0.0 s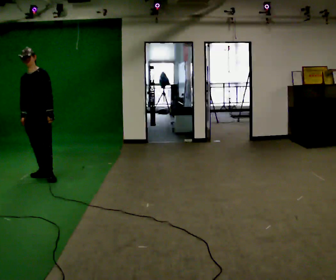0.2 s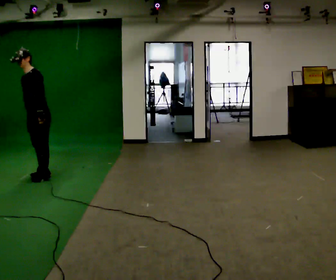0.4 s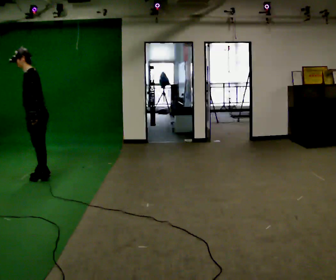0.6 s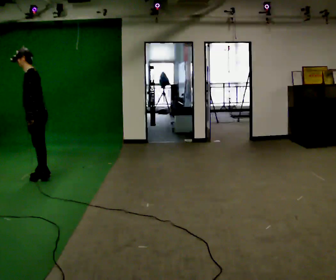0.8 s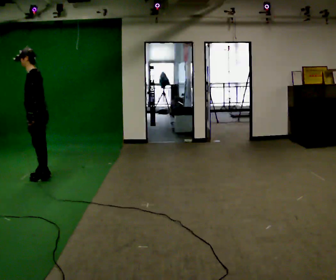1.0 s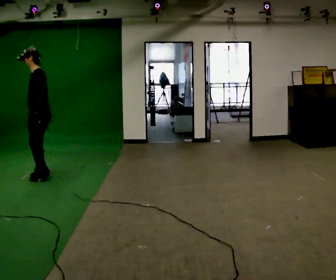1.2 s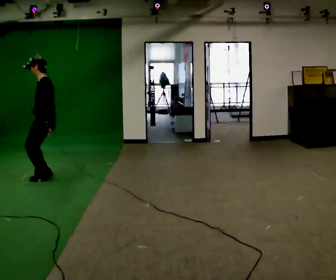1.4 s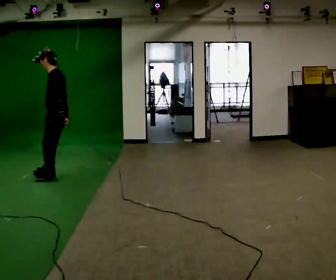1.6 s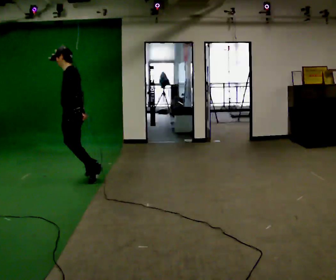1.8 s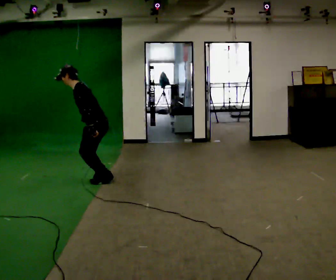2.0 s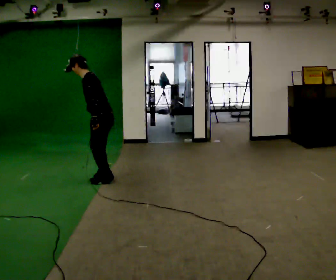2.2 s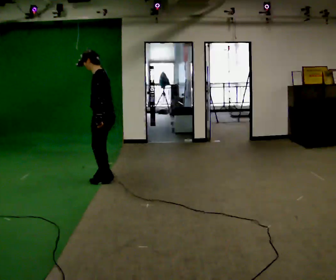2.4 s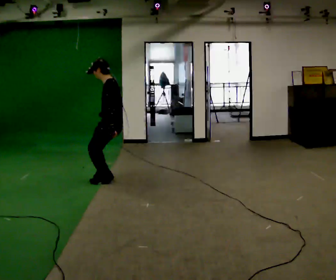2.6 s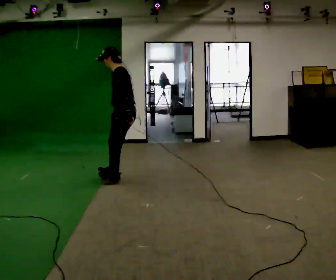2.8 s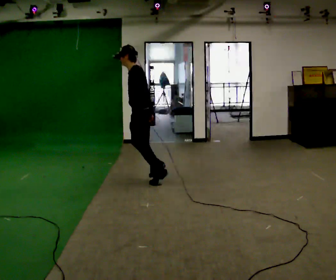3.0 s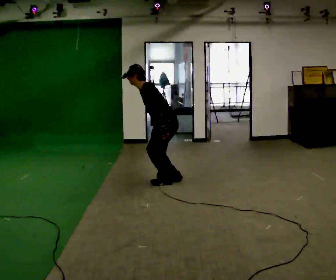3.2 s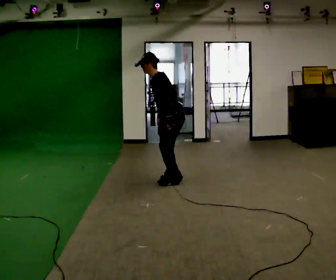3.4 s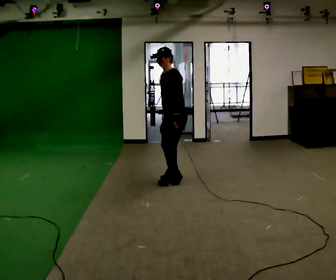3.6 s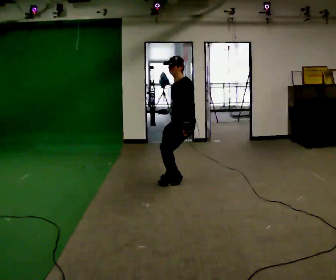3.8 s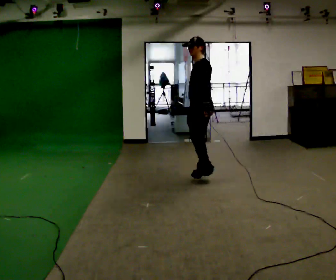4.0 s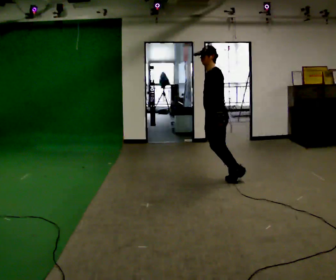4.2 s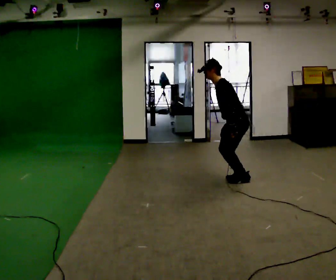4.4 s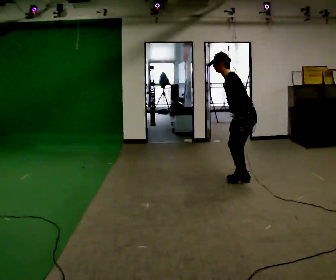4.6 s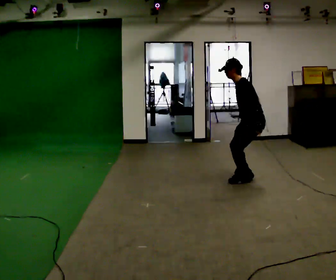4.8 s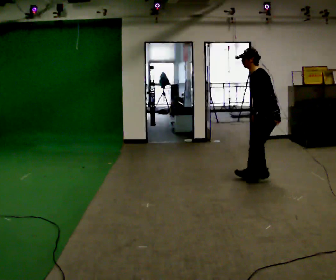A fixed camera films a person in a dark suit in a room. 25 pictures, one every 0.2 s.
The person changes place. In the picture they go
to the right.
0.0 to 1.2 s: The person turns about 60 degrees to their right, clockwise seen from above, so the part of the body nearest the lens slides to the left.
1.2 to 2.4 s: In the picture they go to the right, about 1 m in 2 steps, which for them is backward.
2.4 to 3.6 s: In the picture they go to the right, about 1 m in 2 steps, which for them is backward.
3.6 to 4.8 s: In the picture they go to the right, about 1 m in 4 steps, which for them is backward.
The film runs backward here.
